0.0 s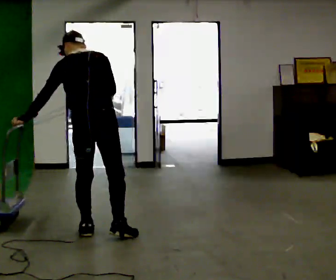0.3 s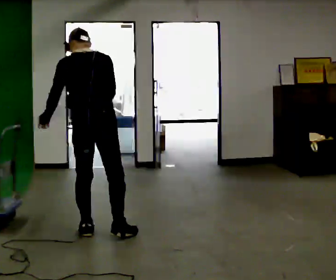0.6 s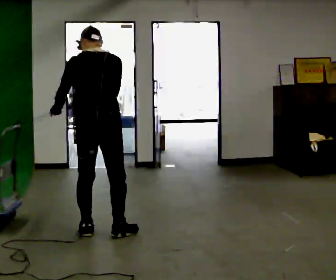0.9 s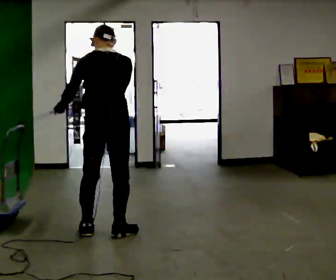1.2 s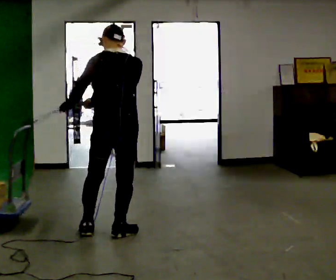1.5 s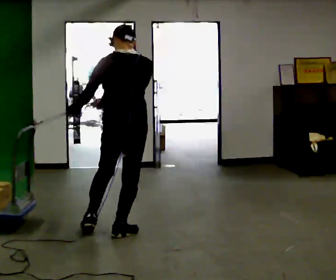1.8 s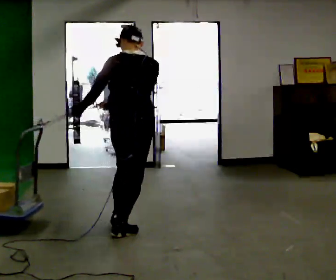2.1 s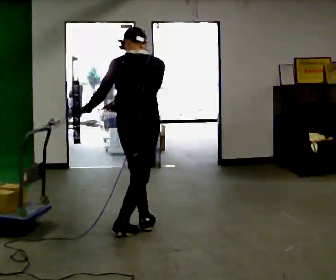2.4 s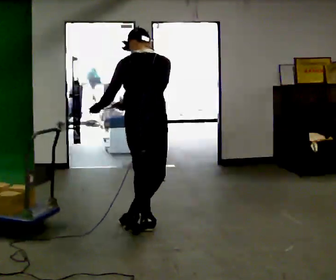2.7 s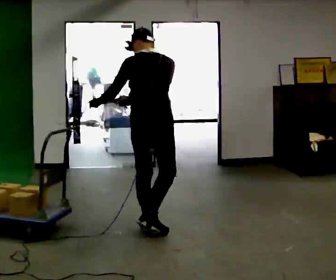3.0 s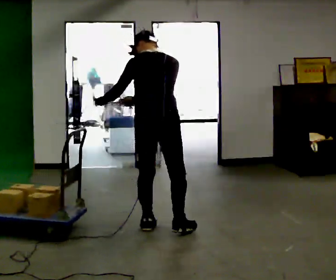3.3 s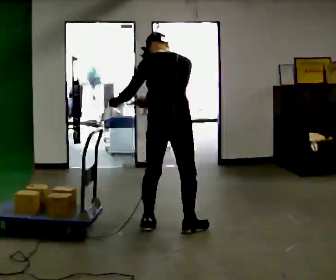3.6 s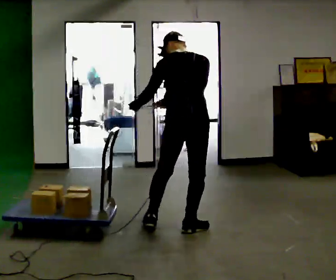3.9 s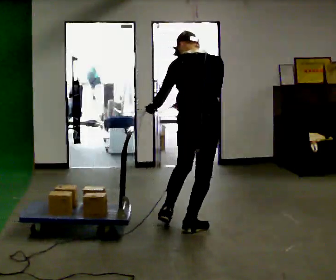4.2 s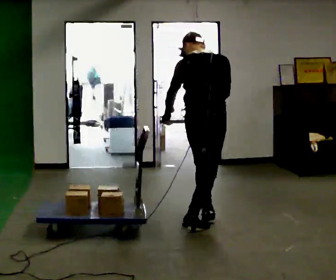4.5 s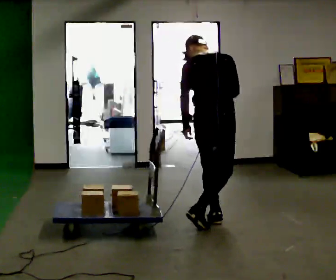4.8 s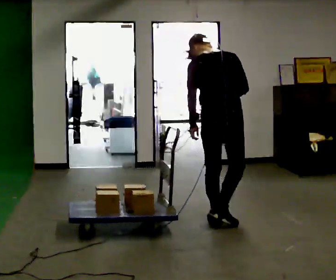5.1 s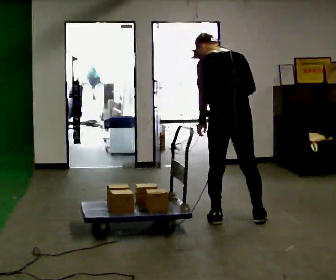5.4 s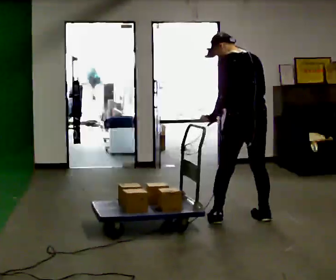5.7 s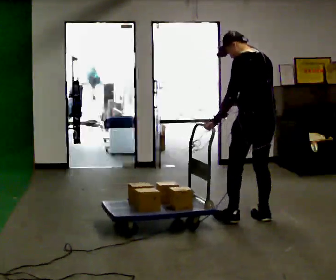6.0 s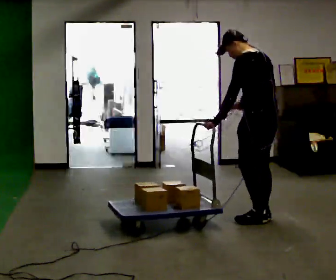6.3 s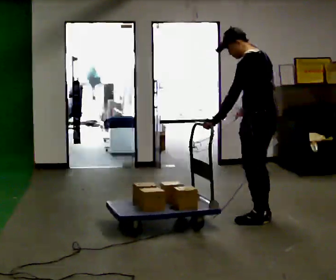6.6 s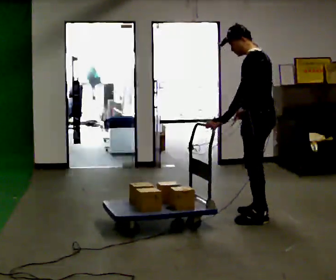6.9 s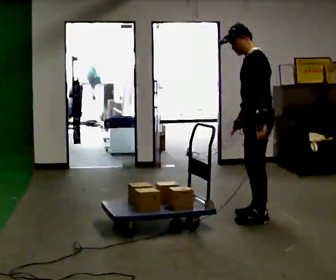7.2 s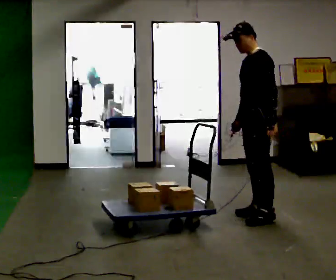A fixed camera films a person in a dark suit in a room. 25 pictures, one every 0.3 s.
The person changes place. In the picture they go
to the right.
0.0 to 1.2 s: In the picture they go to the right, about 0.25 m, which for them is to their right. In the picture the upper body tilts clockwise, shoulders to the right.
1.2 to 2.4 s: In the picture they go to the right, about 0.25 m in 1 step, which for them is to their right and forward.
2.4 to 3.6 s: In the picture they go to the right, about 0.25 m in 1 step, which for them is to their right.
3.6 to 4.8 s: In the picture they go to the right, about 0.25 m in 1 step, which for them is forward and to their right.
4.8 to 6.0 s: The part of the body nearest the lens slides to the right as the person turns to their left by about 60 degrees. In the picture they go to the right, about 0.5 m in 2 steps, which for them is to their right.
6.0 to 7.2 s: The person turns about 60 degrees to their left, counterclockwise seen from above, so the part of the body nearest the lens slides to the right. In the picture their left hand goes to the right.
The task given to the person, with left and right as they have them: Hold the rope in both hands and drag the sled towards you as you walk backward. The operator will confirm the space behind you is clear.
The film runs forward here.
